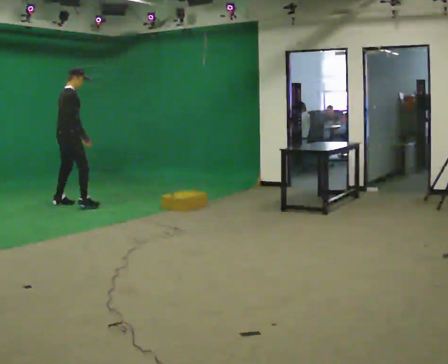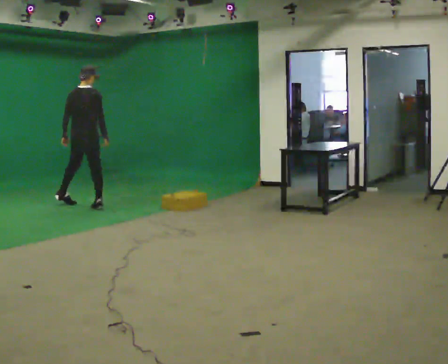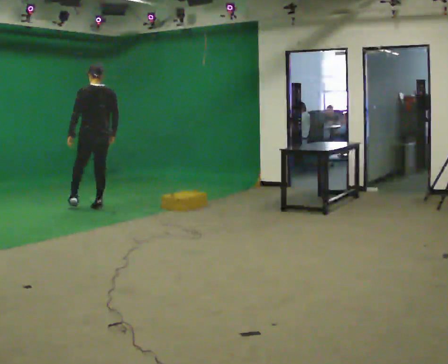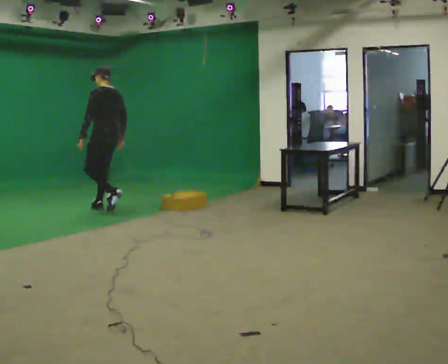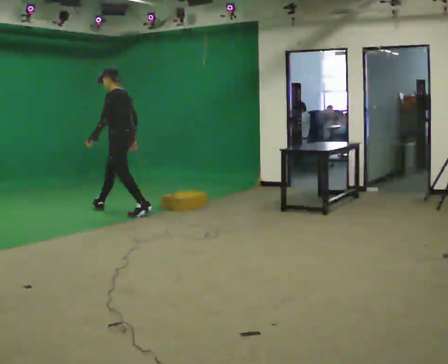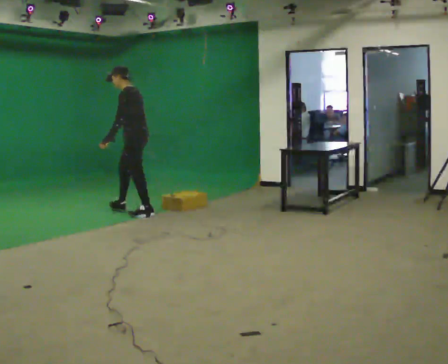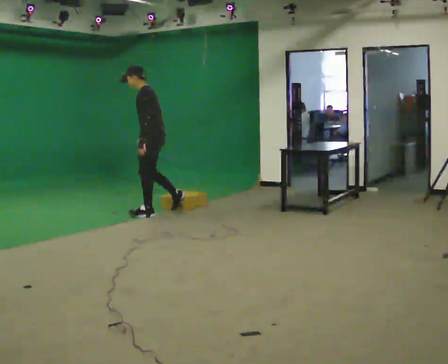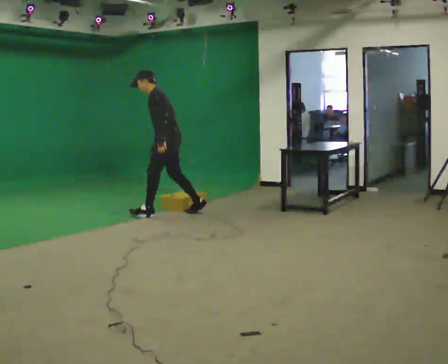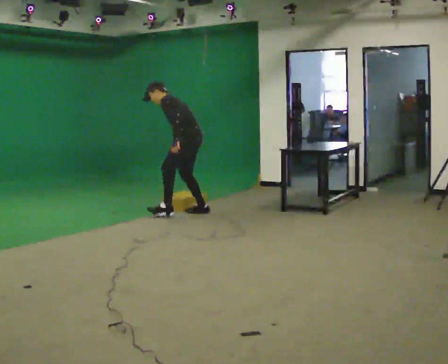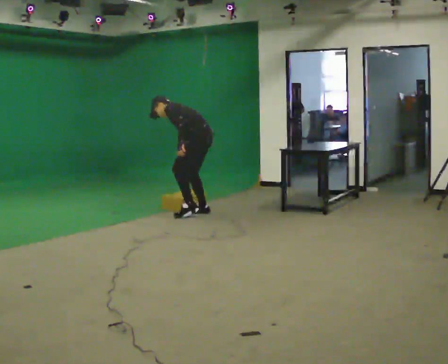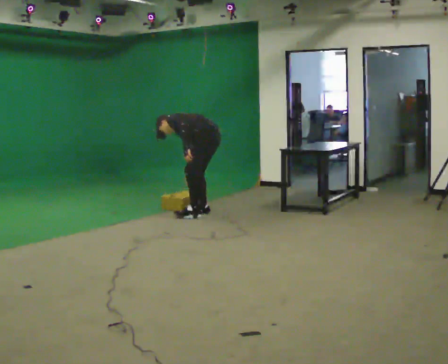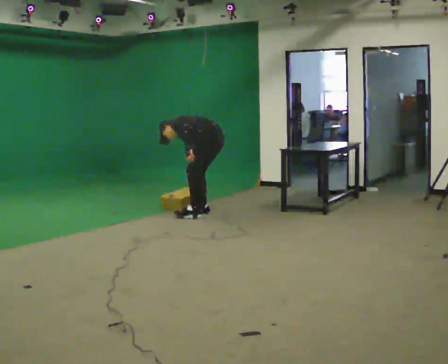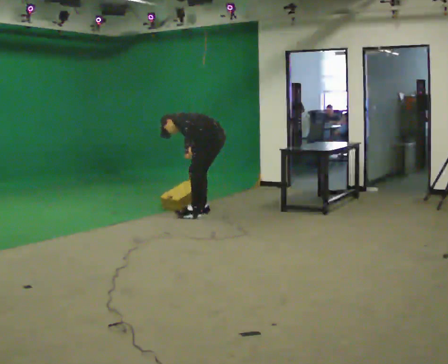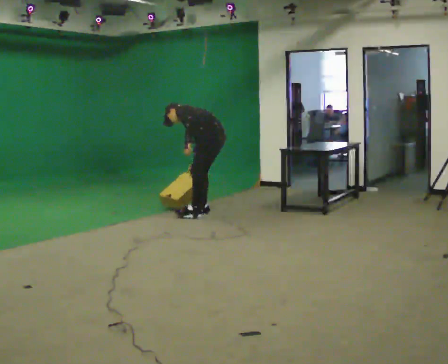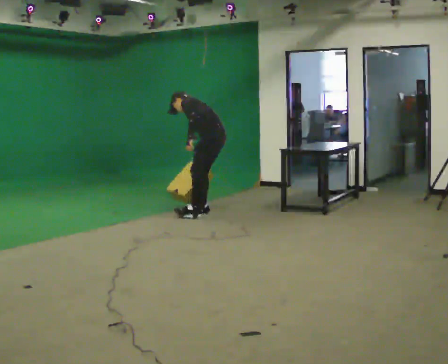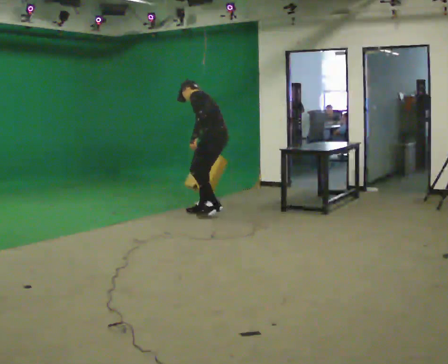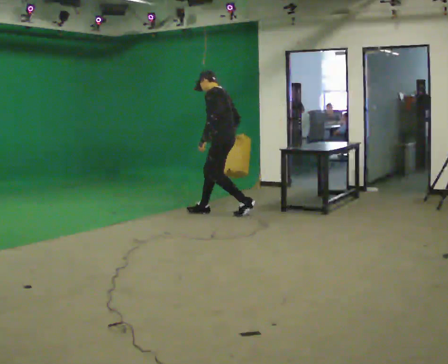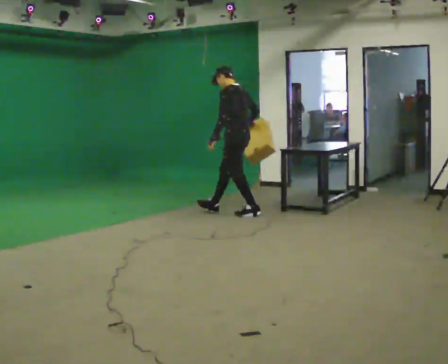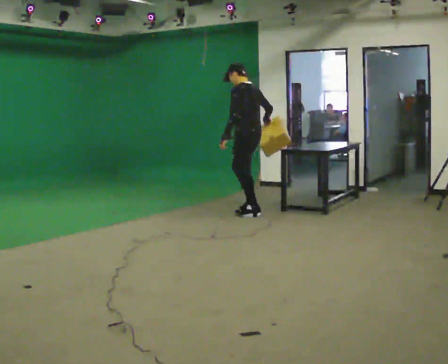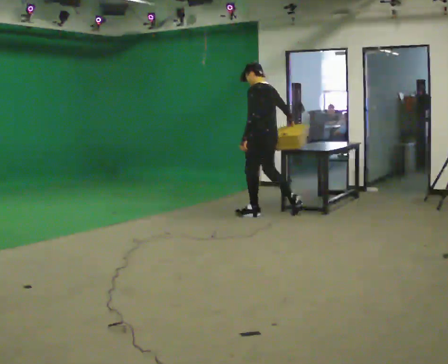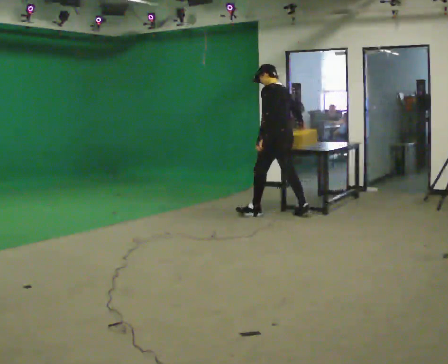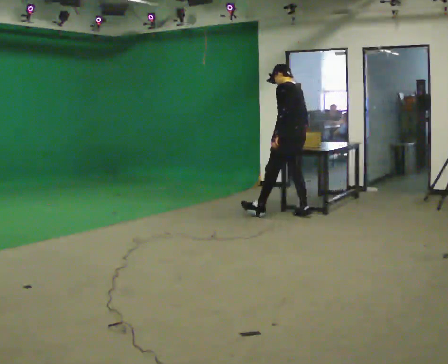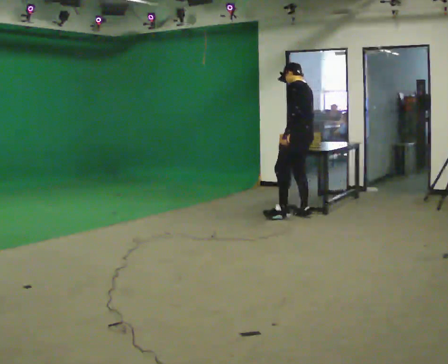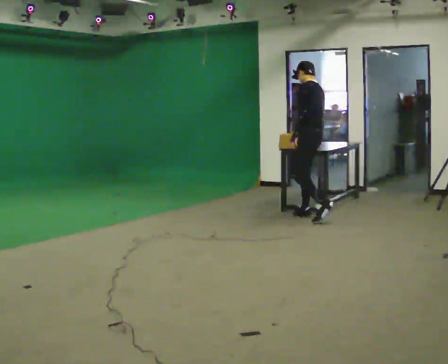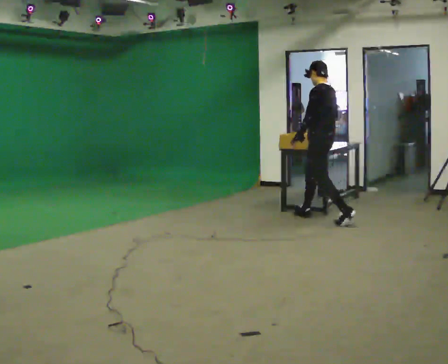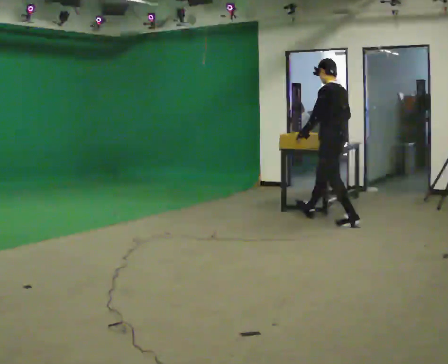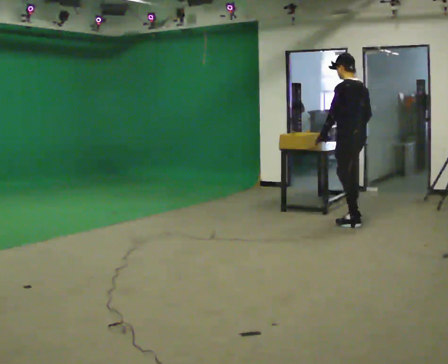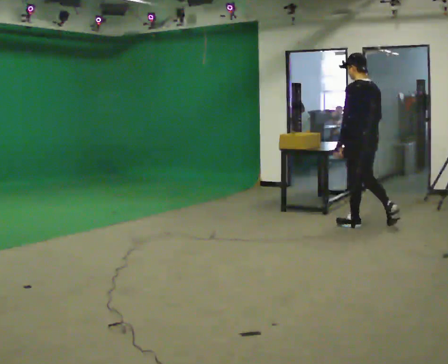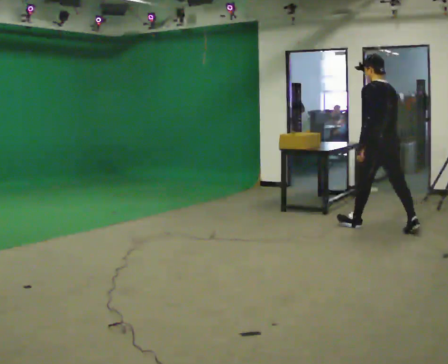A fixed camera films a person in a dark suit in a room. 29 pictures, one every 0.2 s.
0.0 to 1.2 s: The person turns about 150 degrees to their left, counterclockwise seen from above, so the part of the body nearest the lens slides to the right. In the picture they go to the right, about 1 m in 2 steps. In the picture the upper body tilts counterclockwise, shoulders to the left.
1.2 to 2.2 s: In the picture they go to the right, about 0.75 m in 1 step, which for them is backward. The upper body goes downward. The upper body tips away from the camera, its near side rolling upward, as they bend forward.
2.2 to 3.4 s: In the picture they go to the right, about 0.25 m in 2 steps, which for them is backward. The shoulders move upward. In the picture the upper body tilts clockwise, shoulders to the right, as they lean back or straighten.
3.4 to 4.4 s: In the picture they go to the right, about 0.5 m in 1 step, which for them is backward and to their right.
4.4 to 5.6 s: The person turns about 30 degrees to their right, clockwise seen from above, so the part of the body nearest the lens slides to the left. In the picture they go toward the camera and to the right, about 1 m in 2 steps, which for them is backward.
The film runs backward here.
